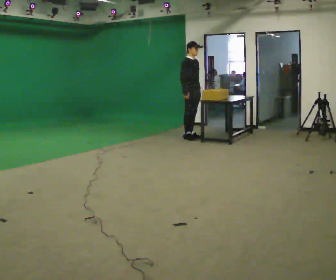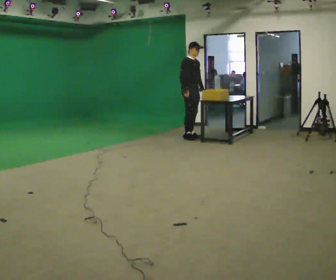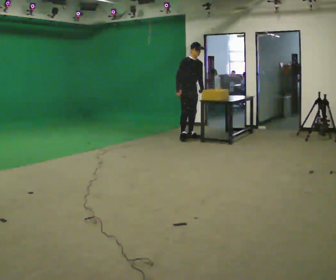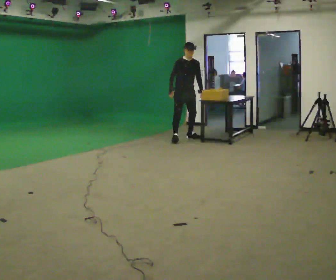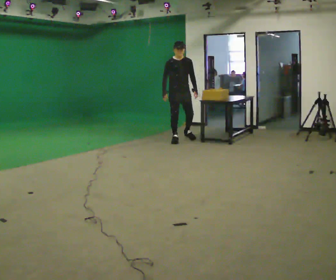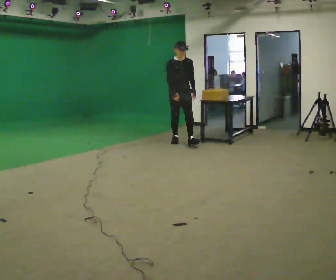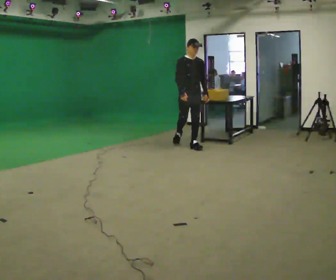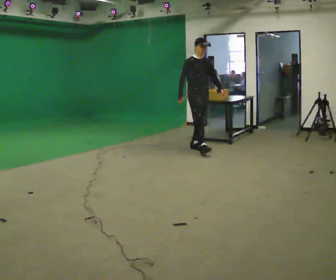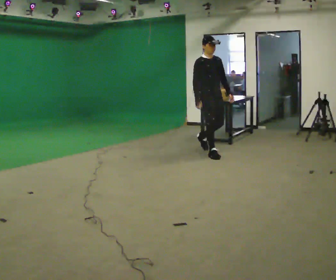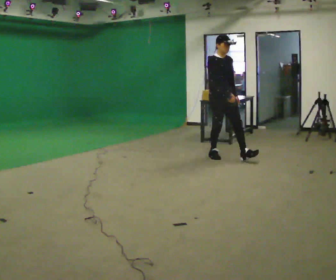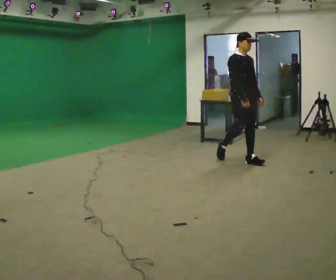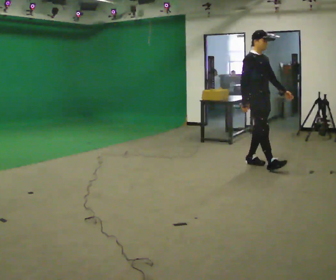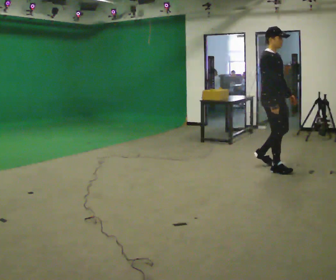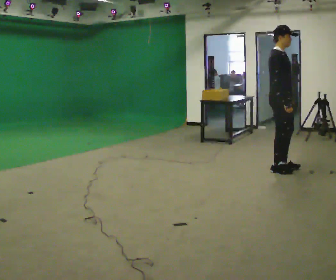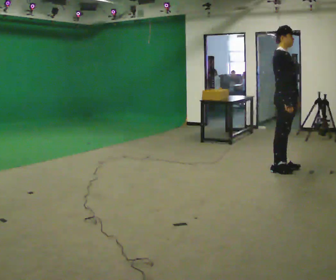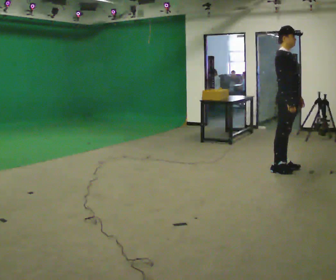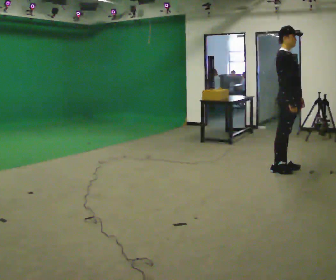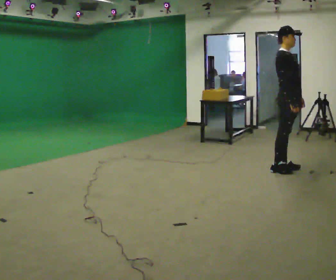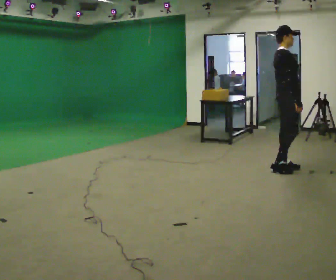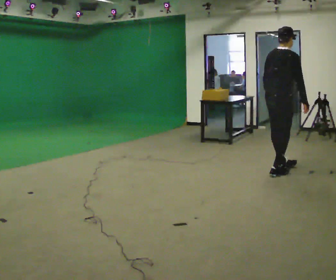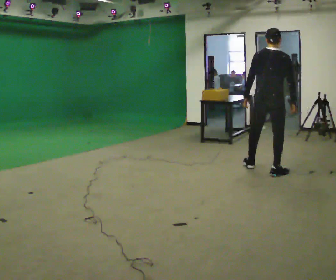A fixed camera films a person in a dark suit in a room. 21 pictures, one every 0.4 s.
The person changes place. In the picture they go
toward the camera.
0.0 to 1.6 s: The part of the body nearest the lens slides to the left as the person turns to their right by about 45 degrees. In the picture they go toward the camera, about 0.25 m in 1 step, which for them is to their right.
1.6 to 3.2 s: In the picture they go toward the camera and to the right, about 1 m in 2 steps, which for them is forward.
3.2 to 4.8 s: In the picture they go to the right and toward the camera, about 1 m in 2 steps, which for them is forward.
4.8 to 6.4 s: In the picture they go to the right, about 0.25 m in 1 step, which for them is forward.
6.4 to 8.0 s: The person turns about 90 degrees to their left, counterclockwise seen from above, so the part of the body nearest the lens slides to the right. In the picture they go to the left, about 0.25 m in 2 steps. In the picture their left hand goes to the left, the arm swinging clockwise.
The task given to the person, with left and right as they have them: Walk forward noticeably slower than normal; do not shuffle; stop.
The film runs forward here.
